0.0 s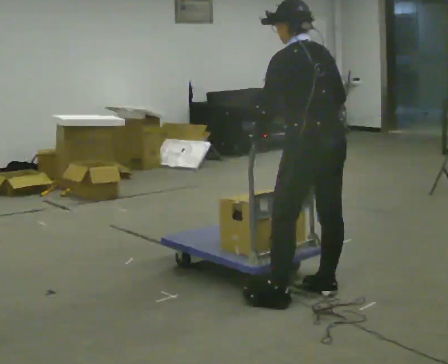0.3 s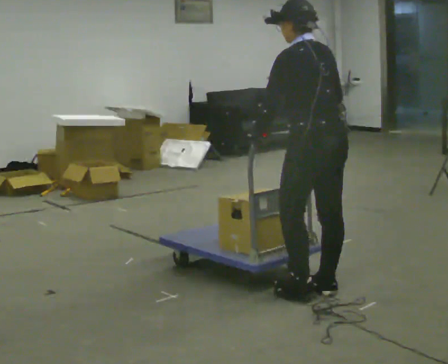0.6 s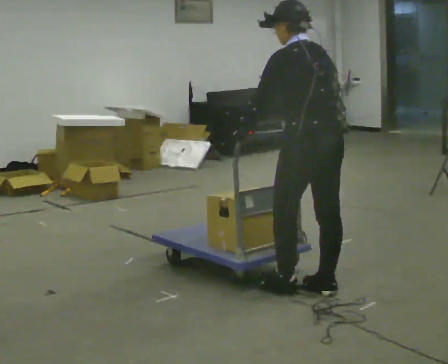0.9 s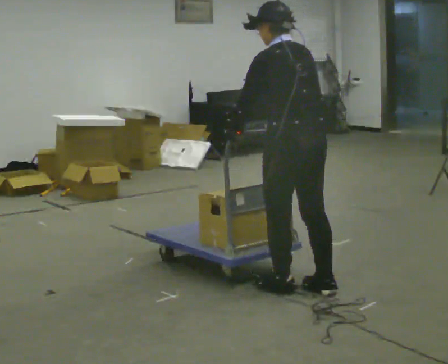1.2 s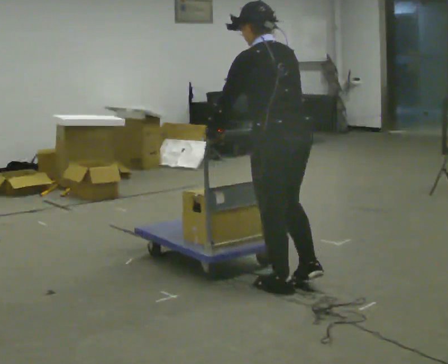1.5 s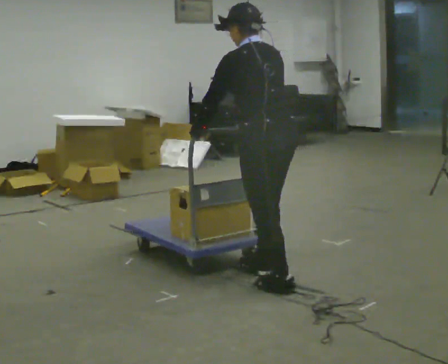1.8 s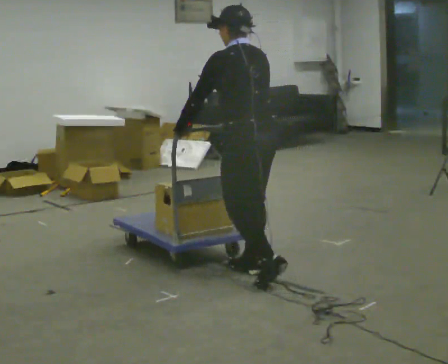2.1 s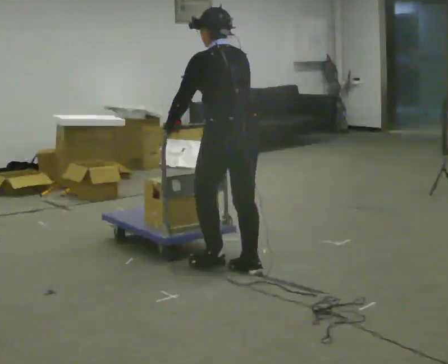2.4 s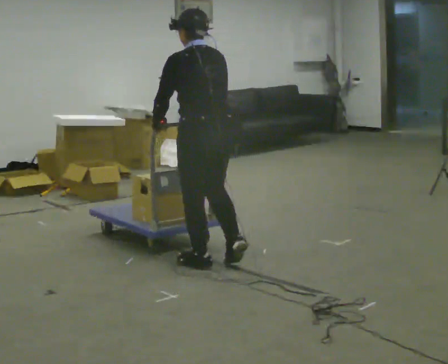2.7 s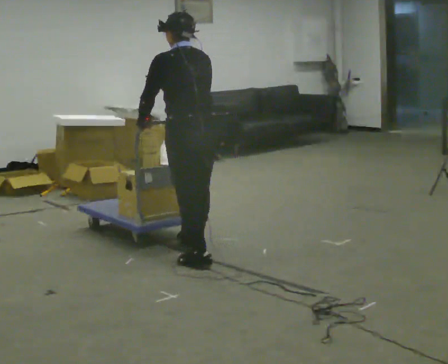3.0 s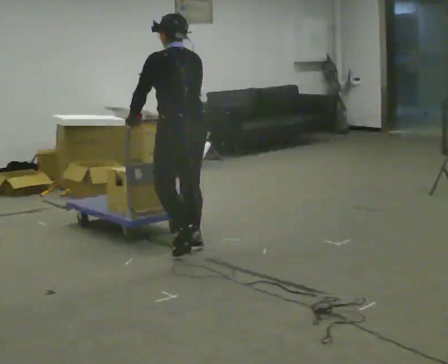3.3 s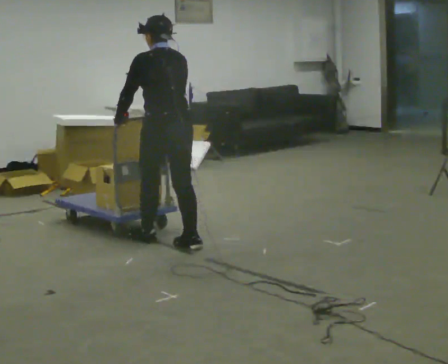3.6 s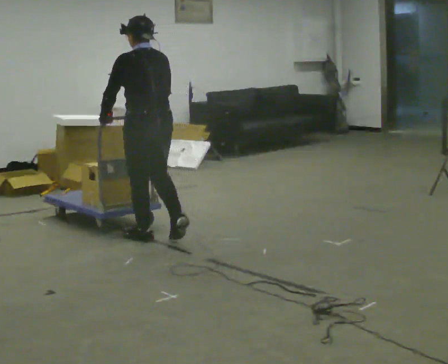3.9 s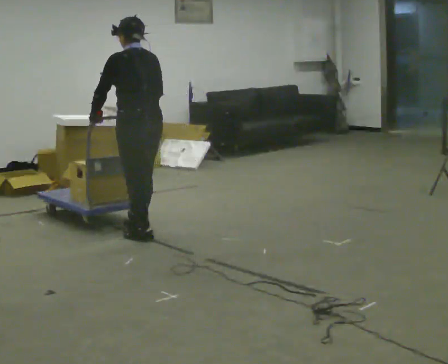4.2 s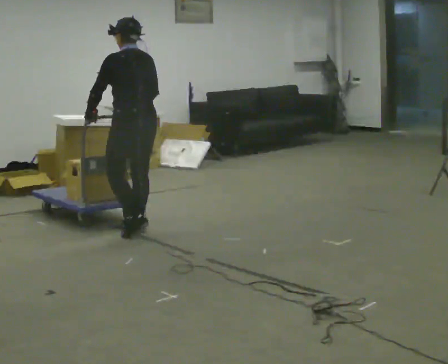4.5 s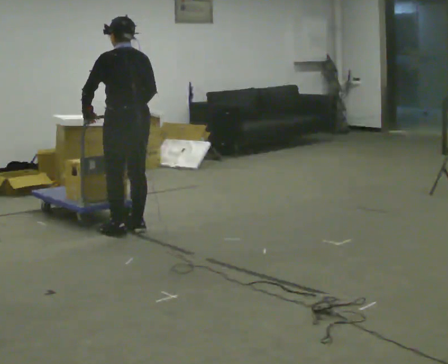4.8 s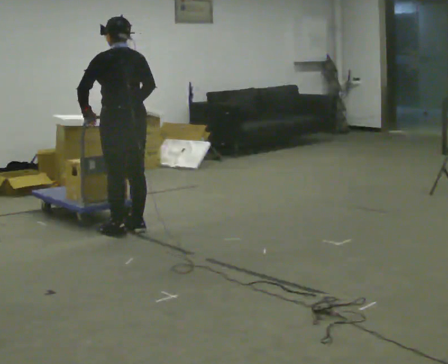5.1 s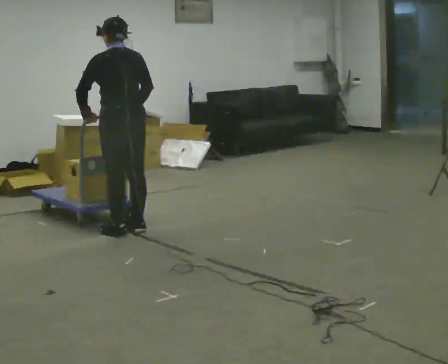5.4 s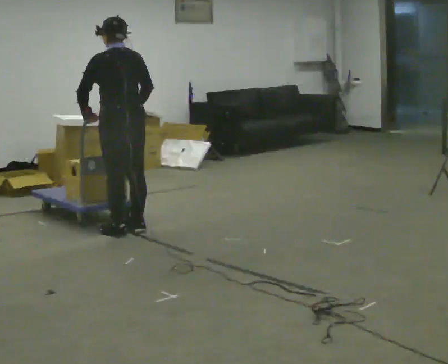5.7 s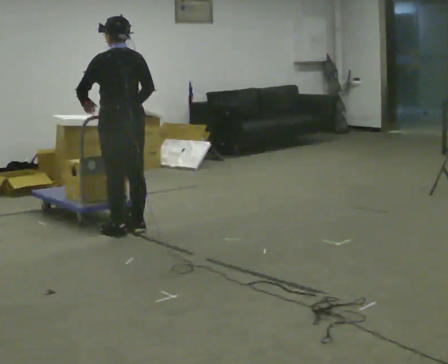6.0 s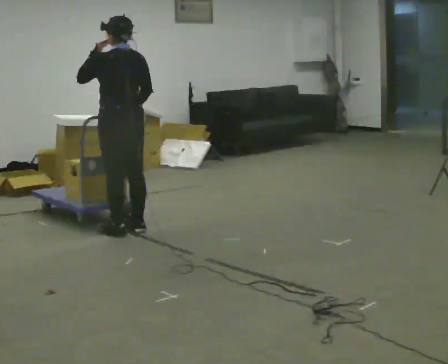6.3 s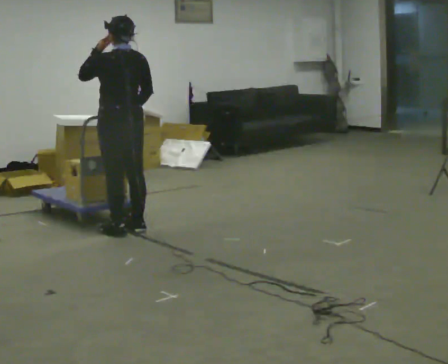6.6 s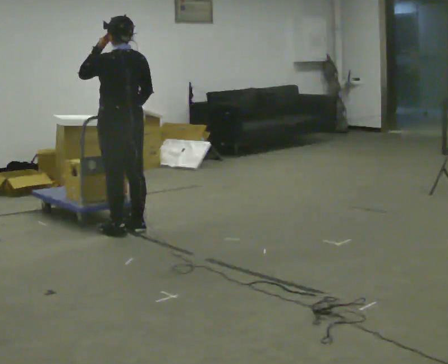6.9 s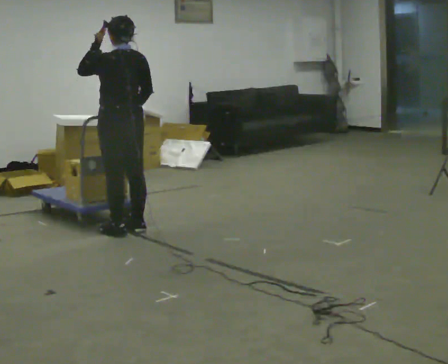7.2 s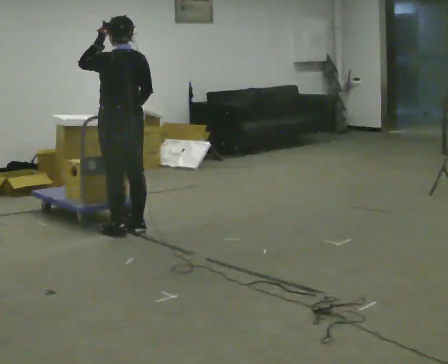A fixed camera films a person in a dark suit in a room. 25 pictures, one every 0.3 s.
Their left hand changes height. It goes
upward.
0.0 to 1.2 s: In the picture they go to the left, about 0.25 m in 1 step, which for them is forward.
1.2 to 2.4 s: In the picture they go away from the camera and to the left, about 0.75 m in 2 steps, which for them is forward.
2.4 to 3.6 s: In the picture they go away from the camera and to the left, about 0.75 m in 2 steps, which for them is forward.
3.6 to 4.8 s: In the picture they go away from the camera and to the left, about 0.25 m in 2 steps, which for them is forward.
4.8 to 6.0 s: In the picture their left hand goes upward.
6.0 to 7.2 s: The person moves a little, or ends about where they began.
The film runs forward here.
